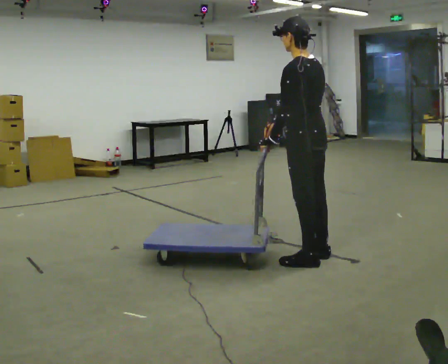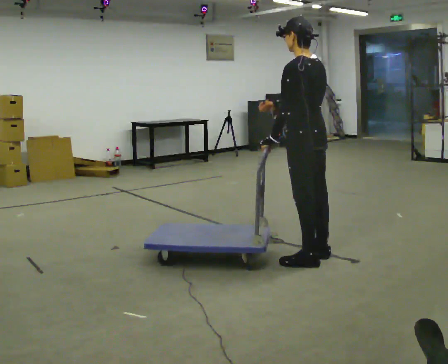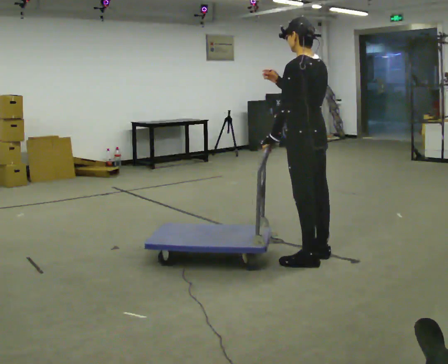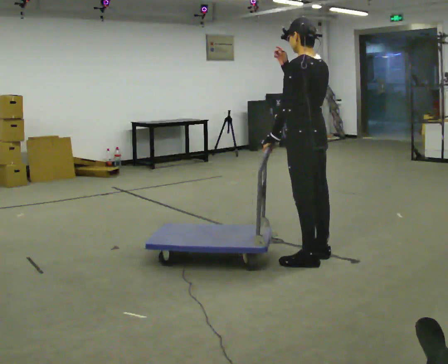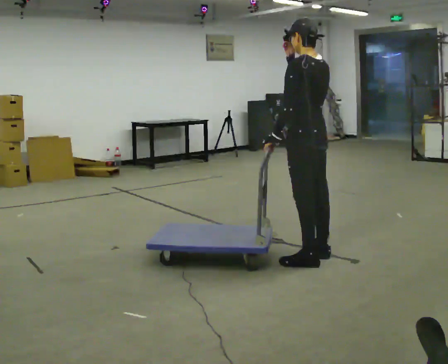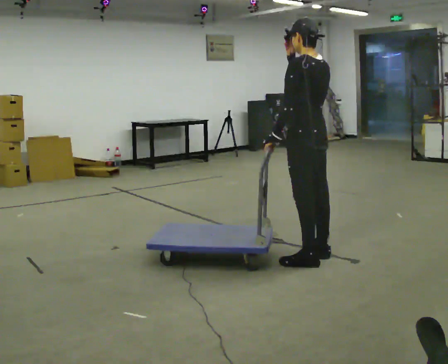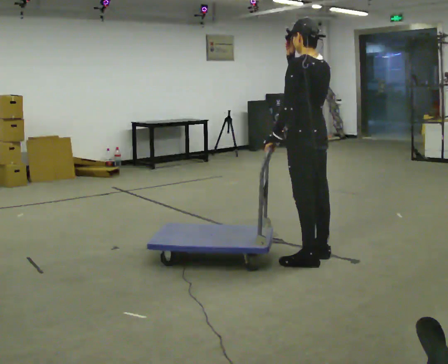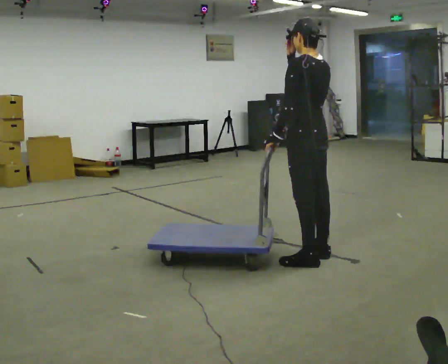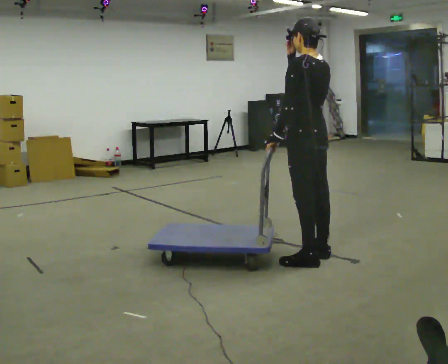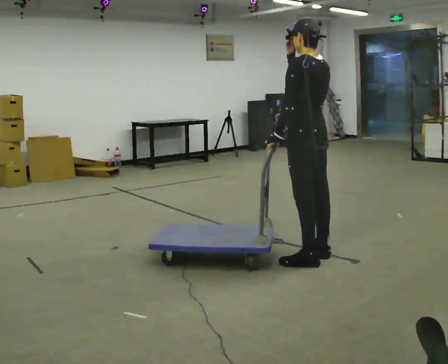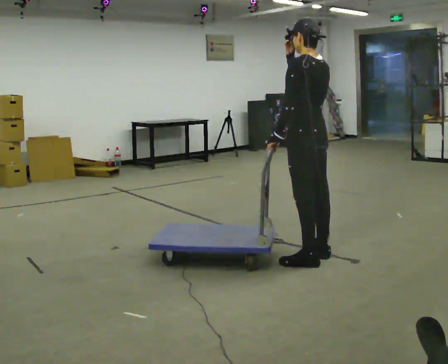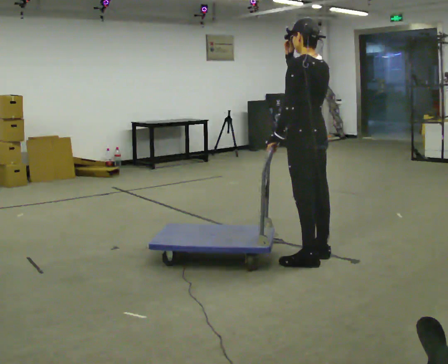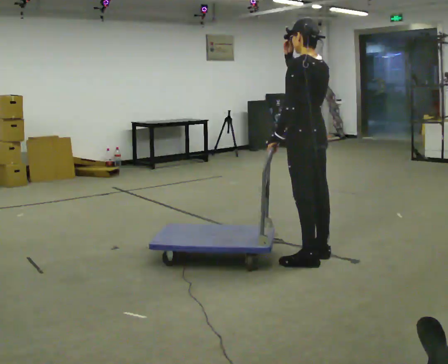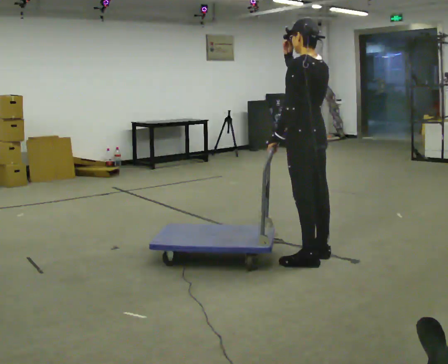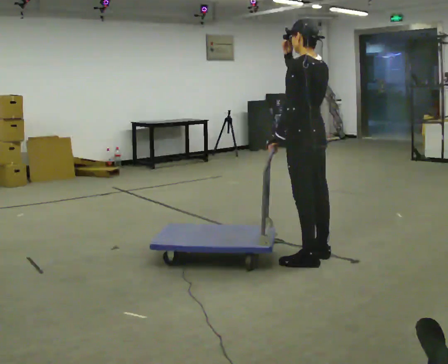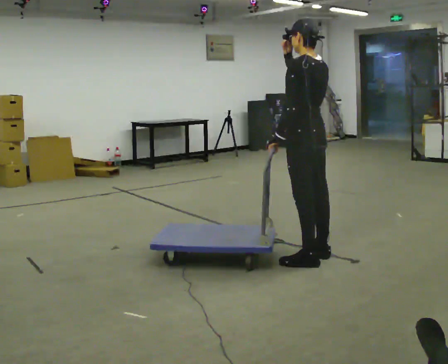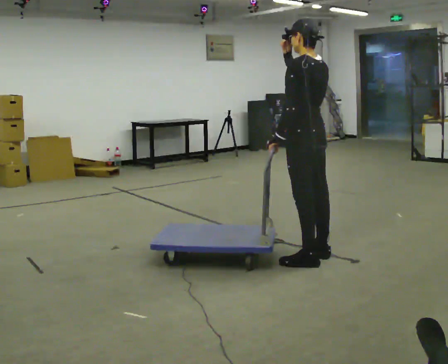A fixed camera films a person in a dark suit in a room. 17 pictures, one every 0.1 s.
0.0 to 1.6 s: In the picture their right hand goes upward.
The film runs forward here.
